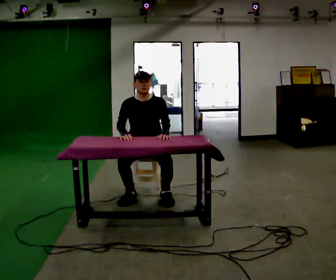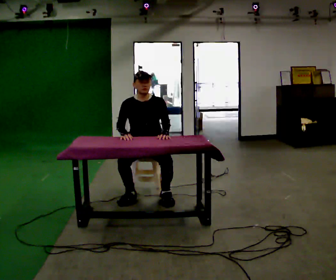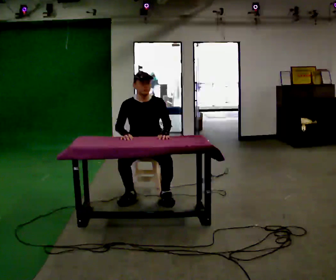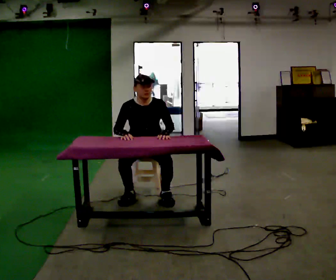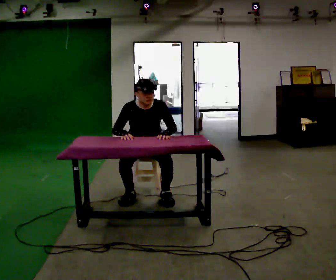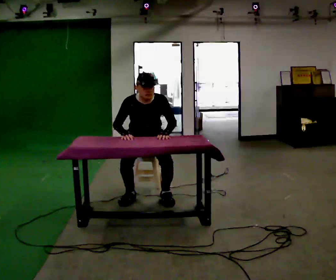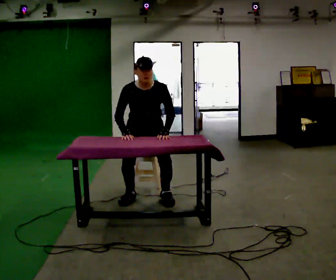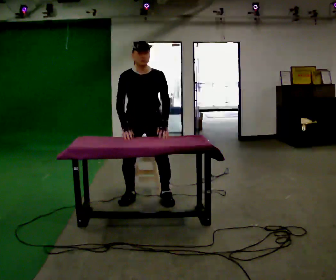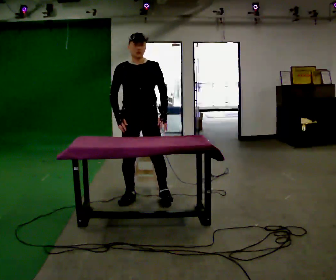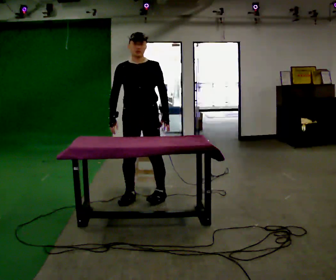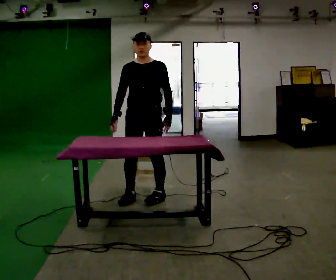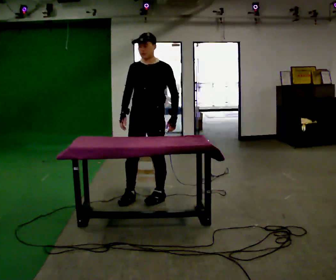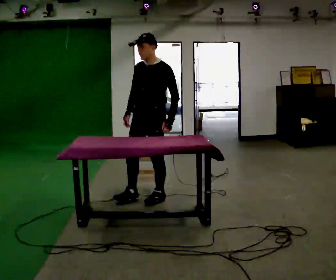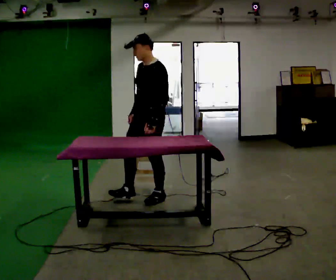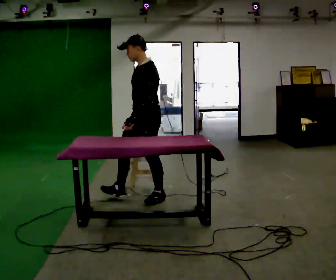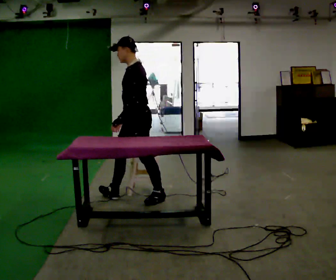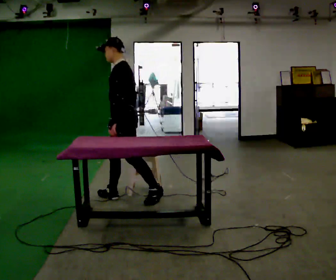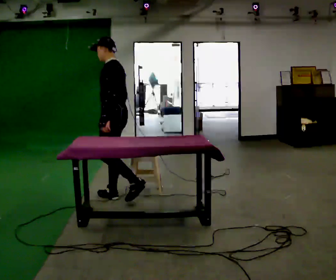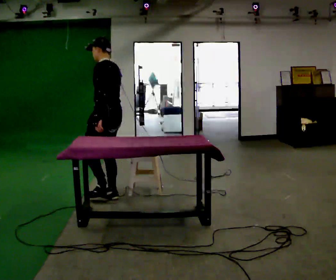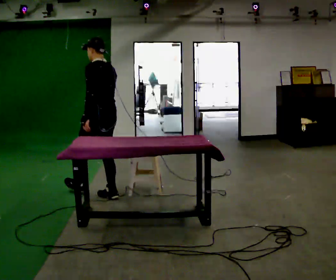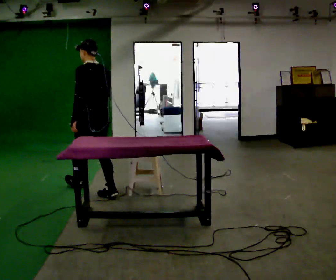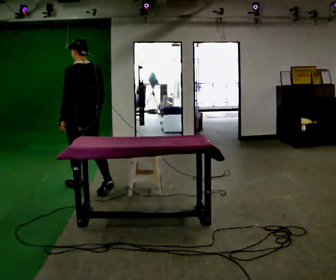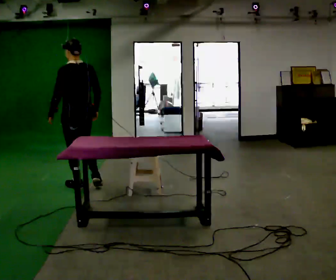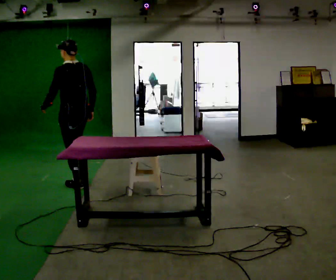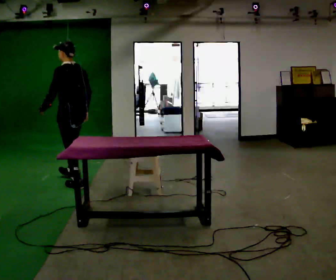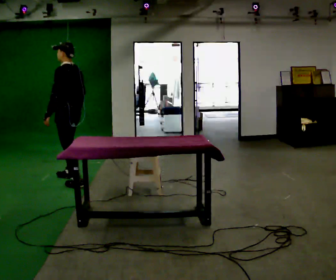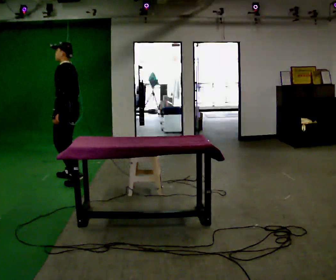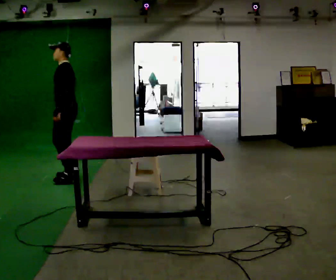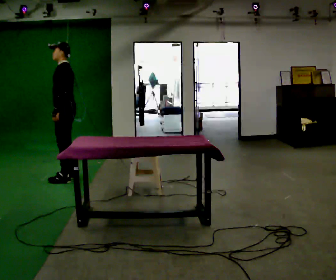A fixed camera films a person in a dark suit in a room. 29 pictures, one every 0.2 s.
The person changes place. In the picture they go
to the left.
The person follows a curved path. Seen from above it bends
clockwise.
0.0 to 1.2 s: The upper body goes upward. The upper body tips toward the camera, its near side rolling downward, as they bend forward.
1.2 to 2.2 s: Seen from above the body turns clockwise, about 30 degrees: to their right, with its near side sliding to the left. The shoulders move upward. The upper body tips away from the camera, its near side rolling upward, as they lean back or straighten.
2.2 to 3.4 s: Seen from above the body turns clockwise, about 75 degrees: to their right, with its near side sliding to the left. In the picture they go to the left, about 0.25 m in 1 step.
3.4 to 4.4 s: The part of the body nearest the lens slides to the left as the person turns to their right by about 45 degrees. In the picture they go to the left and away from the camera, about 0.5 m in 1 step, which for them is forward.
4.4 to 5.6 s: Seen from above the body turns counterclockwise, about 60 degrees: to their left, with its near side sliding to the right. In the picture they go away from the camera and to the left, about 0.5 m in 2 steps, which for them is forward and to their right.
The film runs forward here.
